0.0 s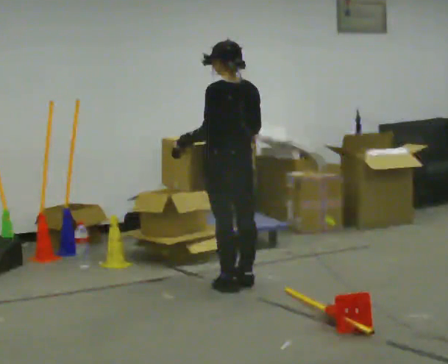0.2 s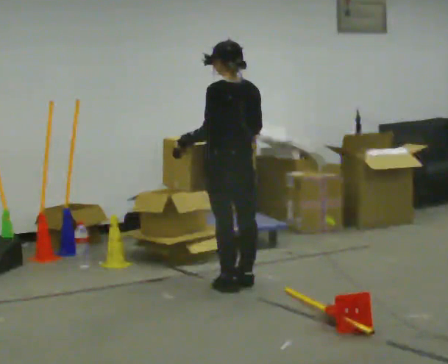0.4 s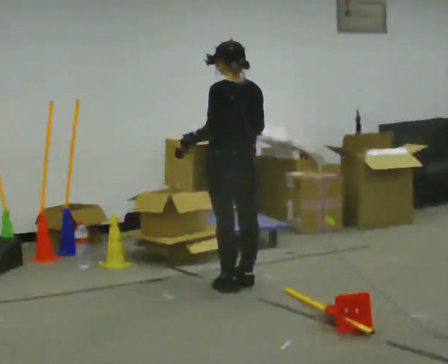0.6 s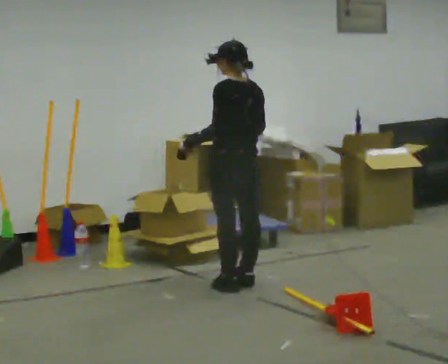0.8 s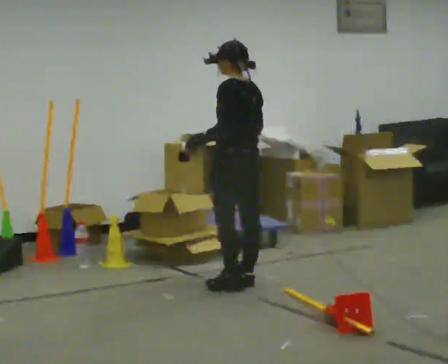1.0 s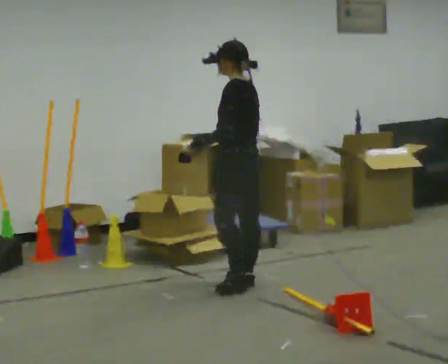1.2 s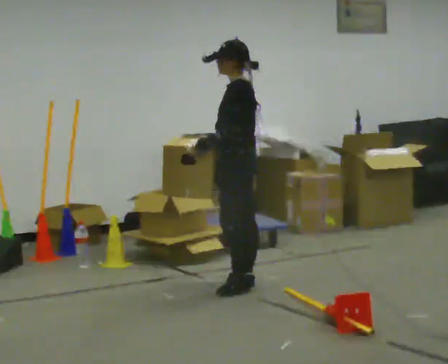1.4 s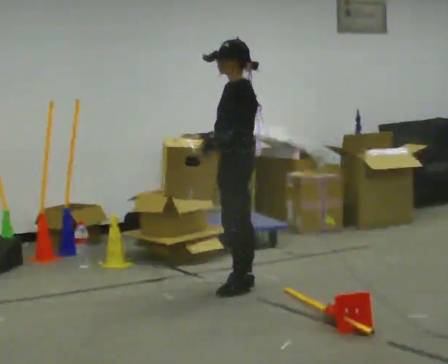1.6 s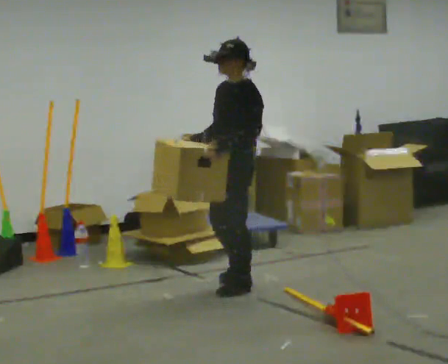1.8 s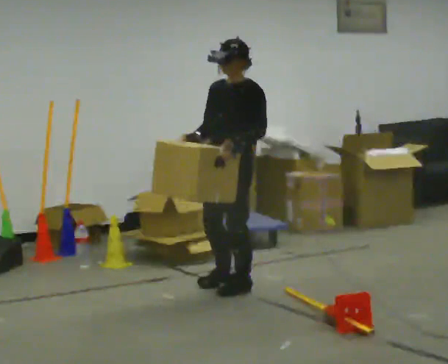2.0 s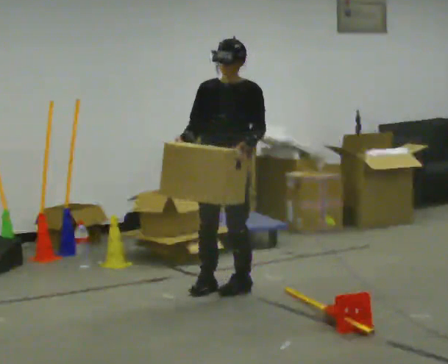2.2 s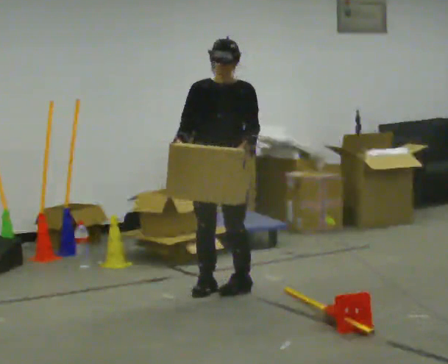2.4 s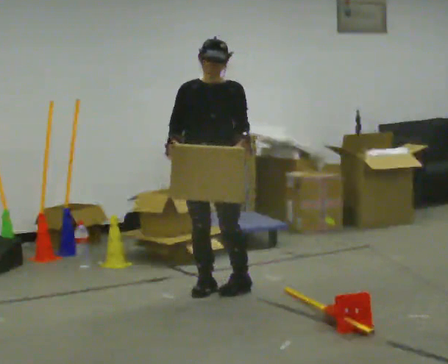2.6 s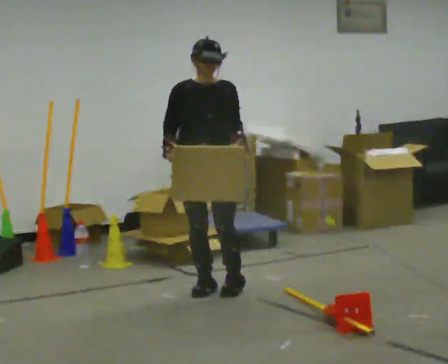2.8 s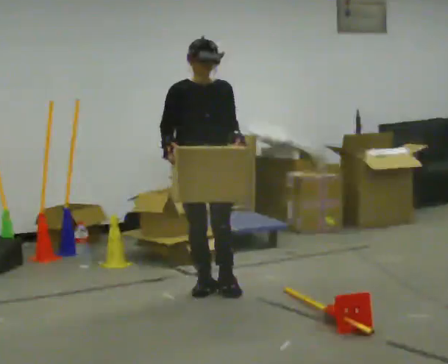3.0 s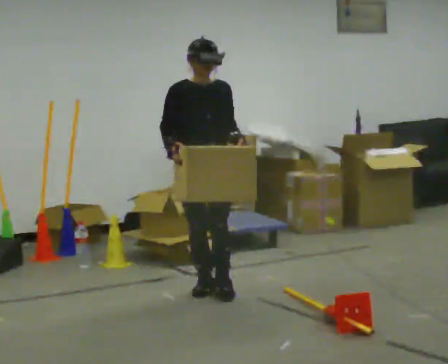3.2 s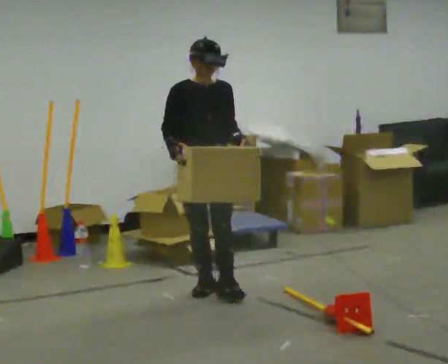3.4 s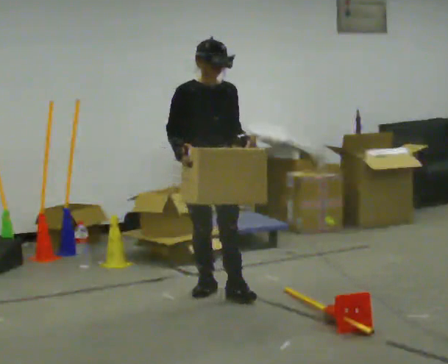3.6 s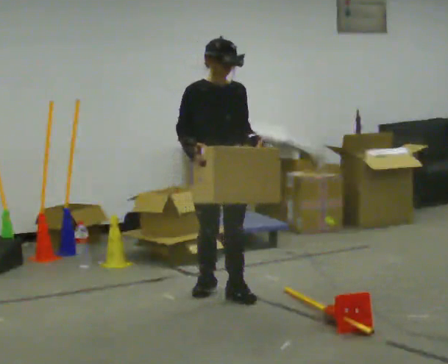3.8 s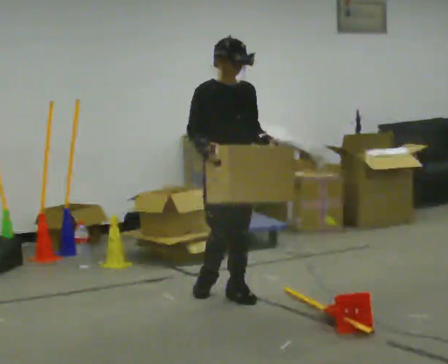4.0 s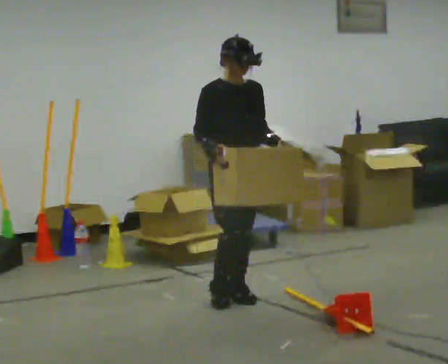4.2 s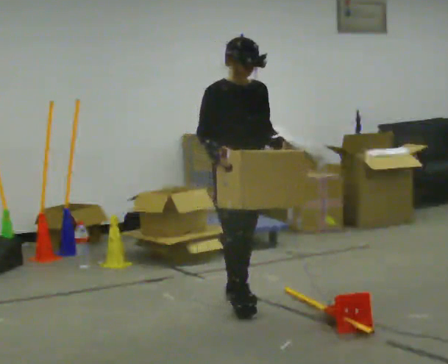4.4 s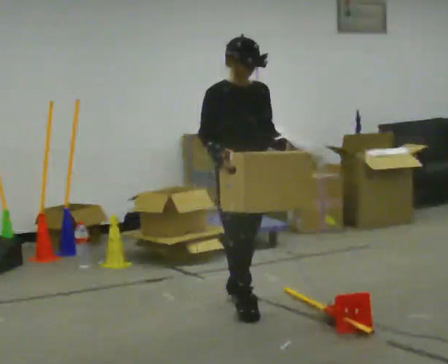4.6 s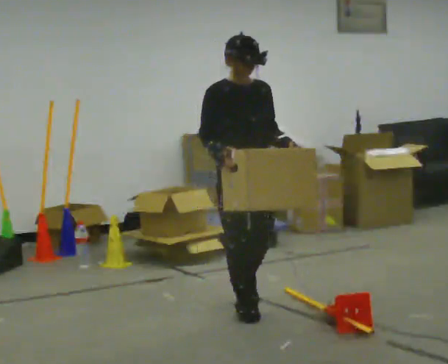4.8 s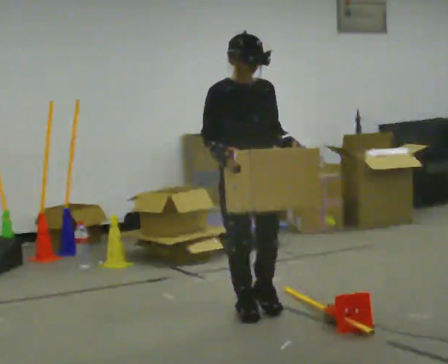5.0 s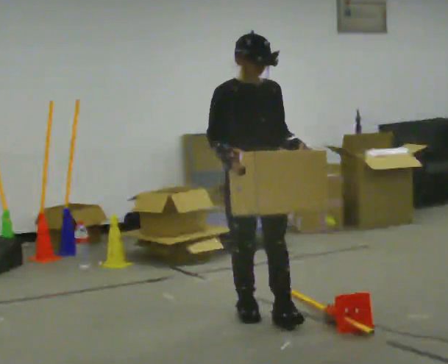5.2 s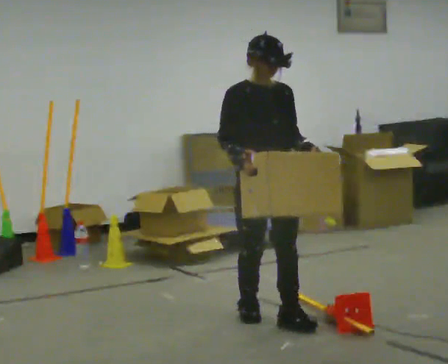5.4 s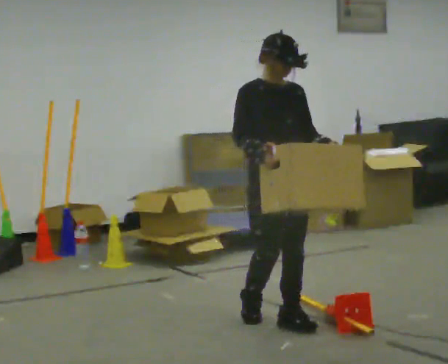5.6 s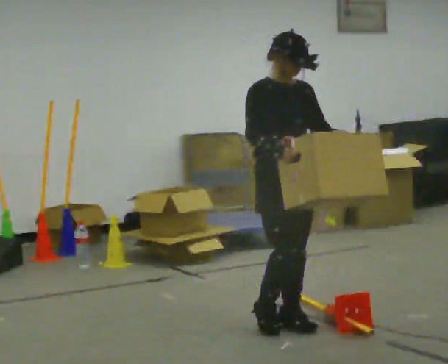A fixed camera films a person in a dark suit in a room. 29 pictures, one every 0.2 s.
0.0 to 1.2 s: The part of the body nearest the lens slides to the right as the person turns to their left by about 45 degrees.
1.2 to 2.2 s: Seen from above the body turns counterclockwise, about 75 degrees: to their left, with its near side sliding to the right.
2.2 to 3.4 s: Seen from above the body turns counterclockwise, about 30 degrees: to their left, with its near side sliding to the right.
3.4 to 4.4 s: In the picture they go toward the camera and to the right, about 0.5 m in 1 step, which for them is forward.
4.4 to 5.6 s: In the picture they go toward the camera and to the right, about 0.5 m in 1 step, which for them is forward.
The film runs forward here.
